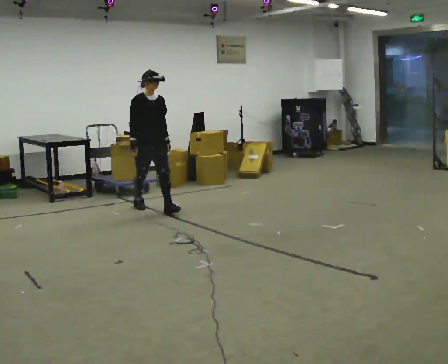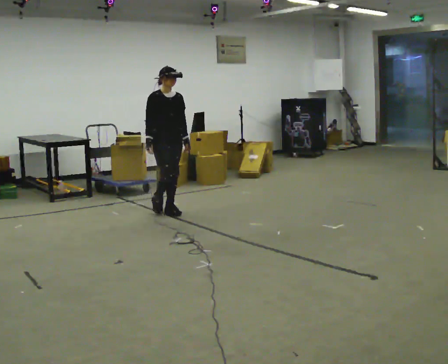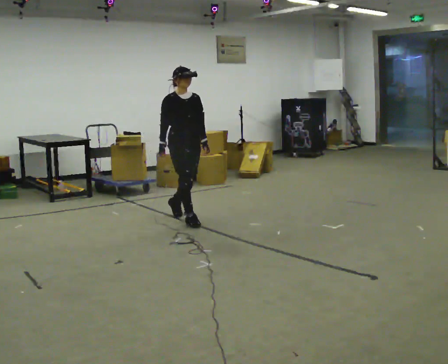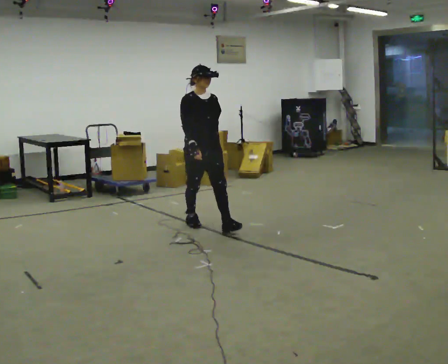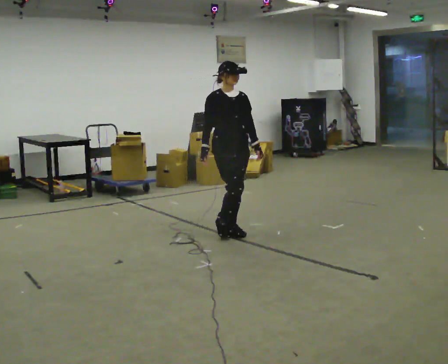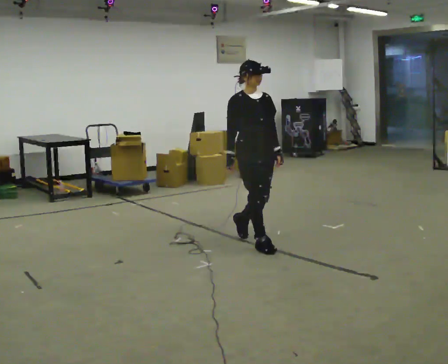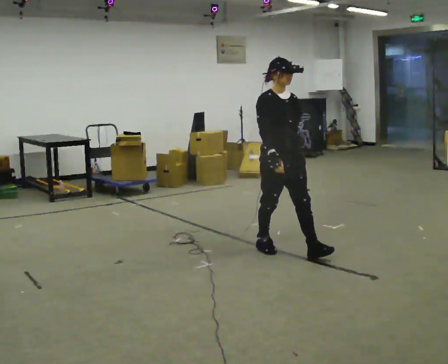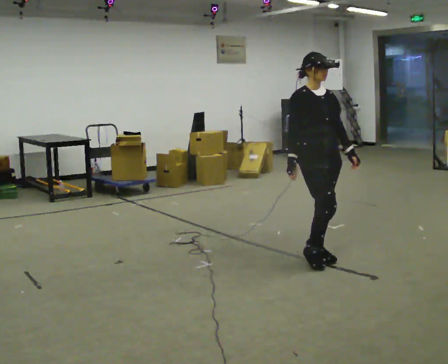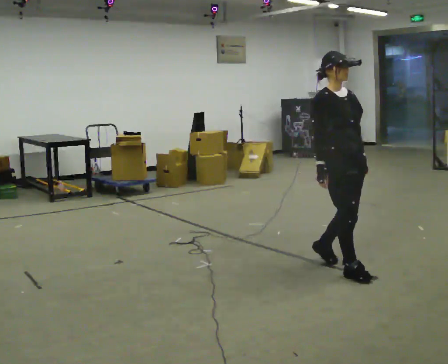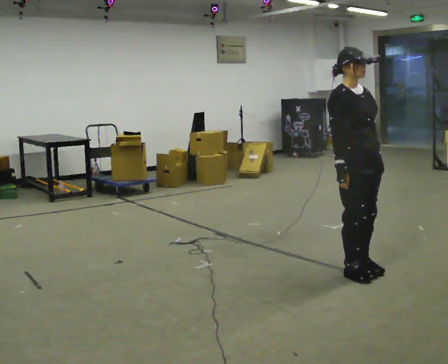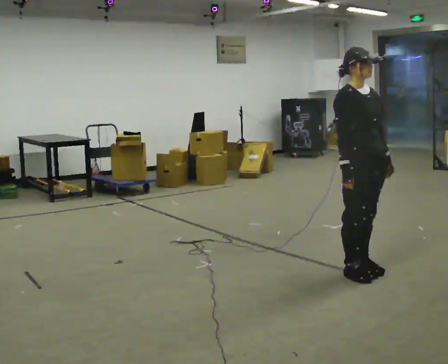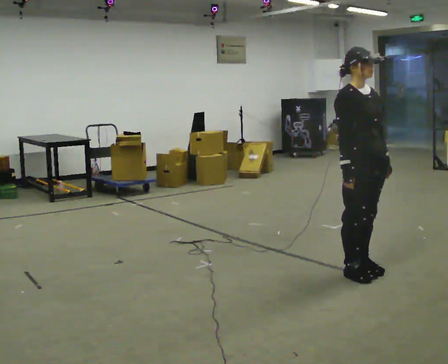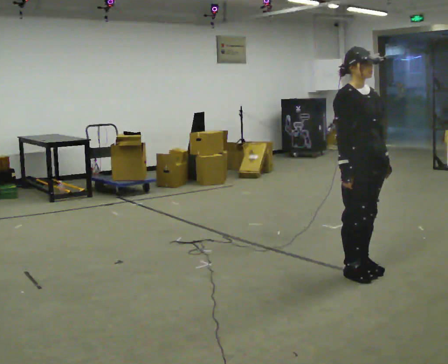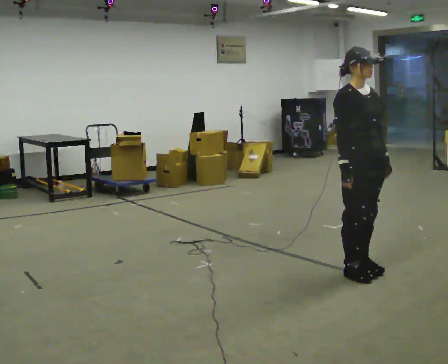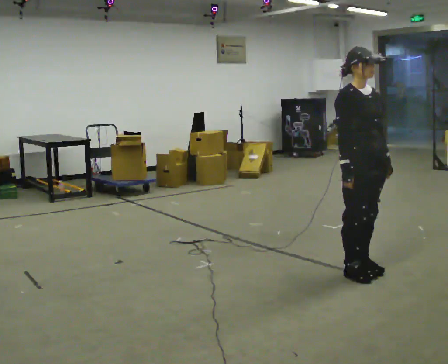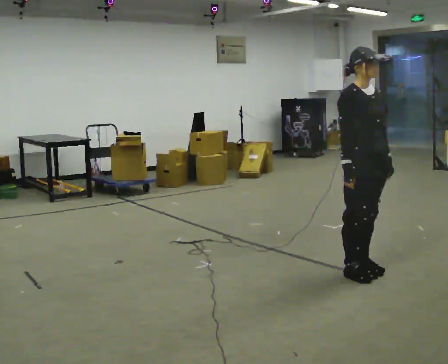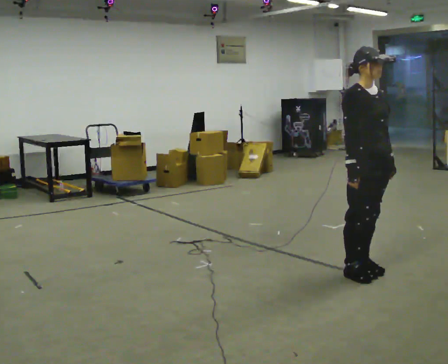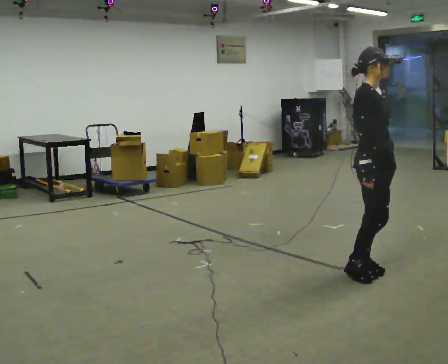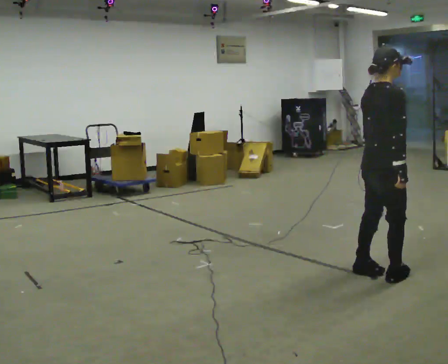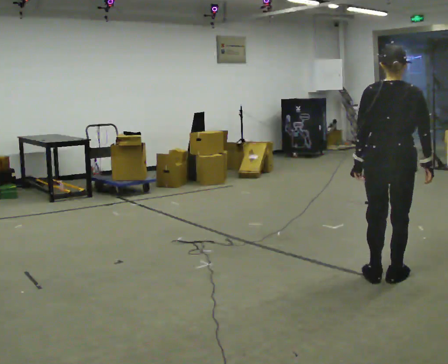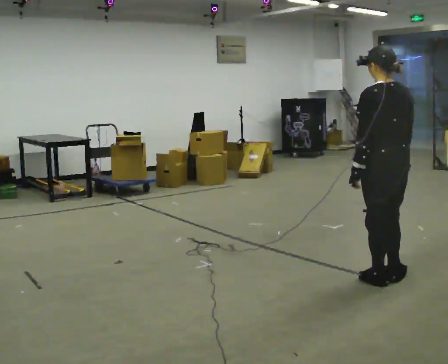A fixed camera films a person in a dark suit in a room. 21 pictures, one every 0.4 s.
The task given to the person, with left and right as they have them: Stand still 2 s; begin walking naturally; walk forward; stop.
0.0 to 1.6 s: In the picture they go to the right and toward the camera, about 1.5 m in 2 steps, which for them is forward.
1.6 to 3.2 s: In the picture they go to the right and toward the camera, about 1.5 m in 3 steps, which for them is forward.
3.2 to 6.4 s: In the picture they go to the right, about 0.25 m in 1 step, which for them is forward.
6.4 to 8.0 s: Seen from above the body turns counterclockwise, about 165 degrees: to their left, with its near side sliding to the right. In the picture they go toward the camera and to the right, about 0.25 m in 2 steps.
The film runs forward here.
